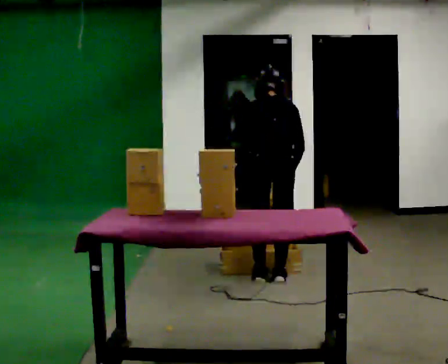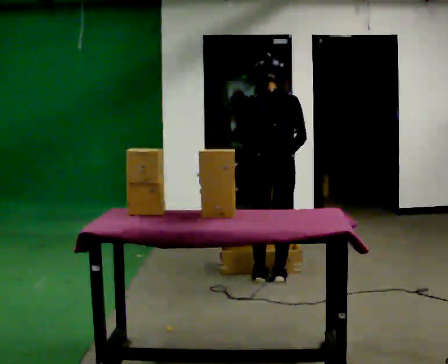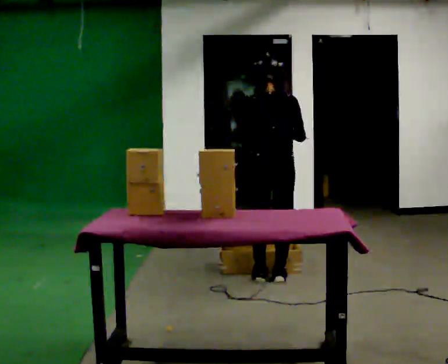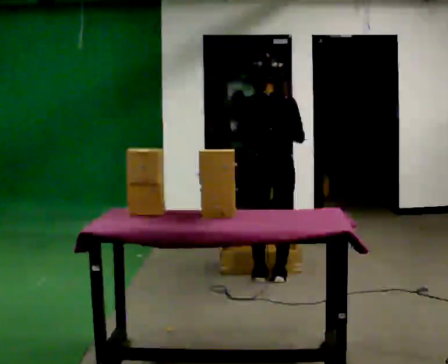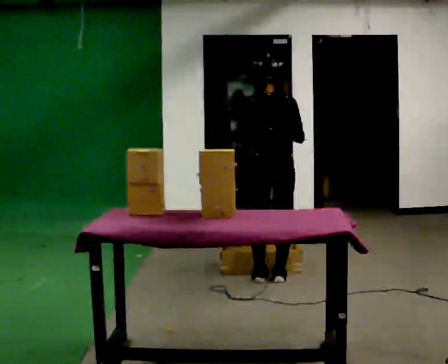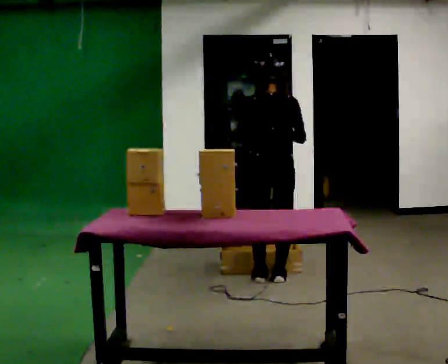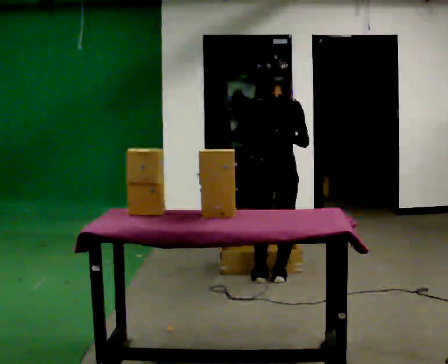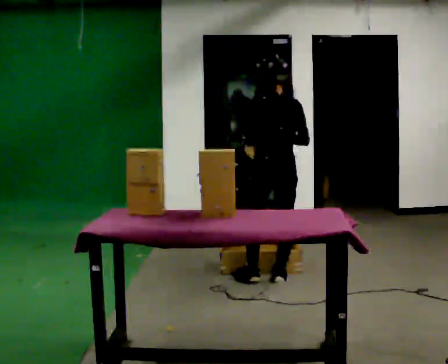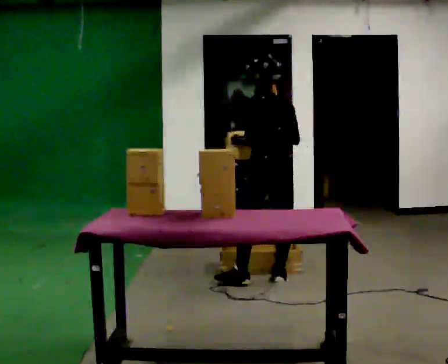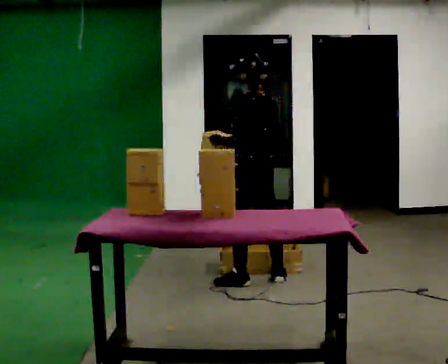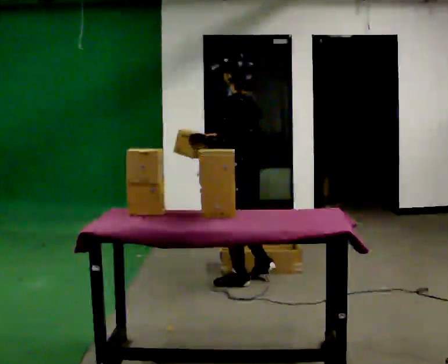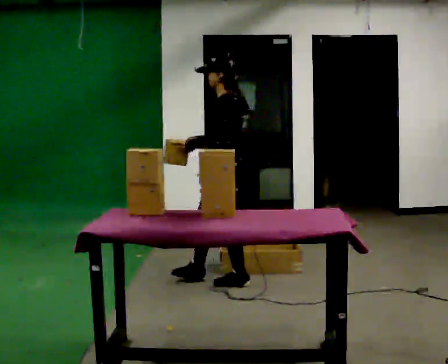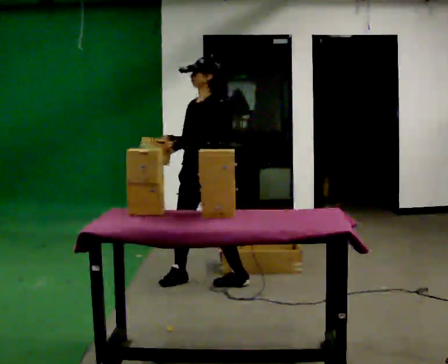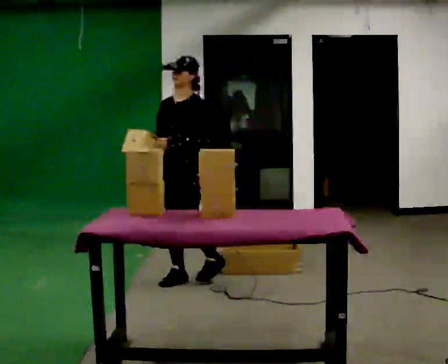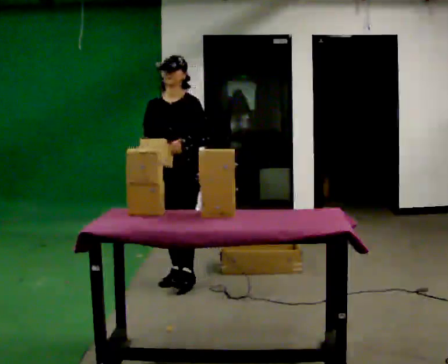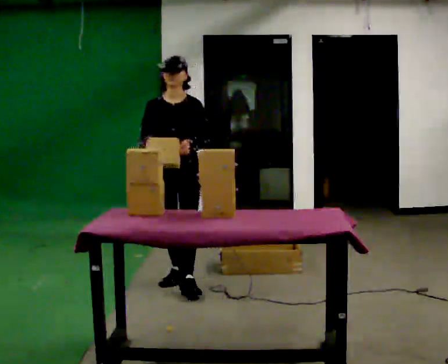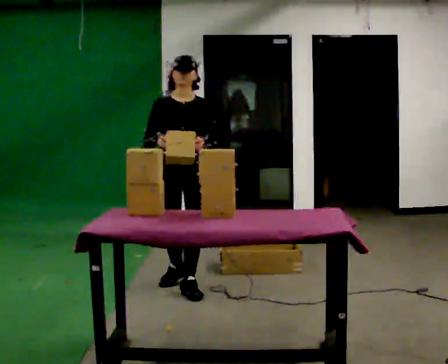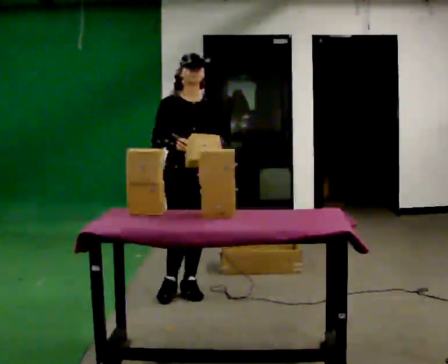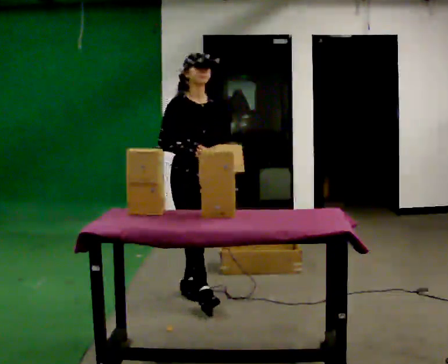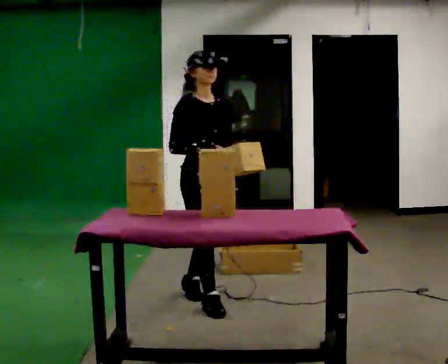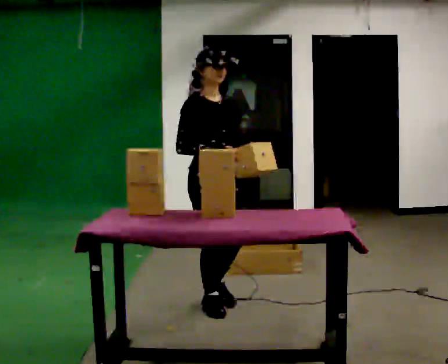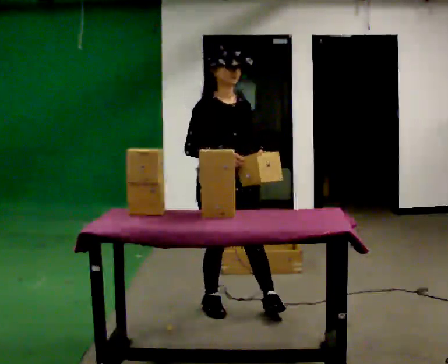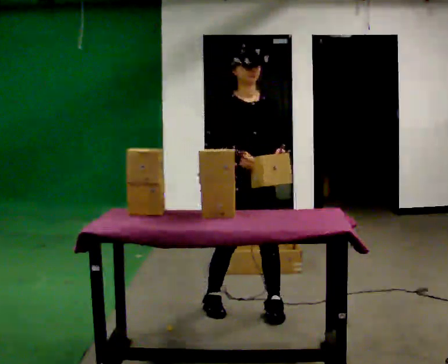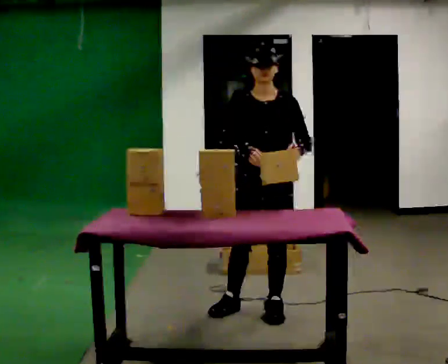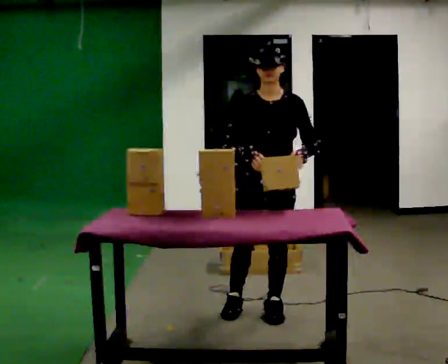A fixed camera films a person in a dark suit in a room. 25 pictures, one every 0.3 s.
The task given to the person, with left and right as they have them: Reach down into the deep bin on the floor, take out one object at a time, carry it to the shelf, and come back for the next one. Keep going until the operator says stop; one object at a time, and do not rush between trips.
0.0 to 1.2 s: The upper body tips toward the camera, its near side rolling downward, as they lean back or straighten.
1.2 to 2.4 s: The person turns about 45 degrees to their left, counterclockwise seen from above, so the part of the body nearest the lens slides to the right.
2.4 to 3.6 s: Seen from above the body turns counterclockwise, about 75 degrees: to their left, with its near side sliding to the right. In the picture they go to the left, about 0.5 m in 1 step.
3.6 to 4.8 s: The person turns about 60 degrees to their left, counterclockwise seen from above, so the part of the body nearest the lens slides to the right. In the picture they go toward the camera, about 0.25 m in 1 step.
4.8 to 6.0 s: The person turns about 45 degrees to their left, counterclockwise seen from above, so the part of the body nearest the lens slides to the right. In the picture they go toward the camera and to the right, about 0.5 m in 1 step, which for them is forward.
6.0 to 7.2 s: Seen from above the body turns clockwise, about 60 degrees: to their right, with its near side sliding to the left. In the picture they go to the right, about 0.5 m in 2 steps, which for them is to their left and forward.
The film runs forward here.
